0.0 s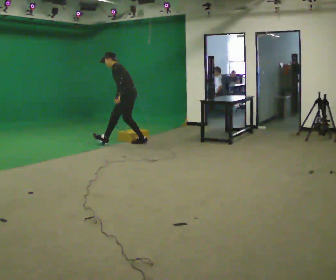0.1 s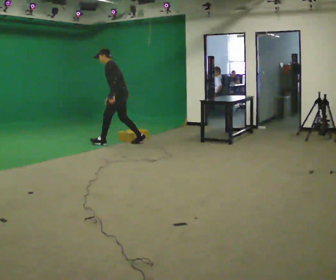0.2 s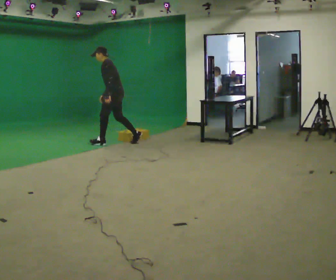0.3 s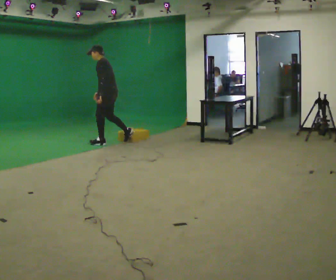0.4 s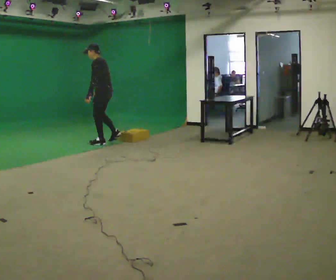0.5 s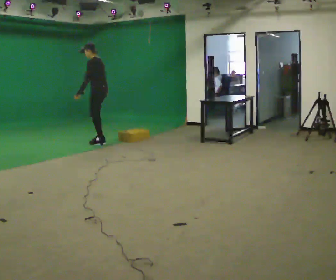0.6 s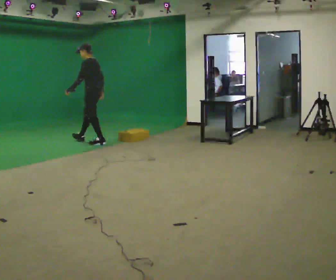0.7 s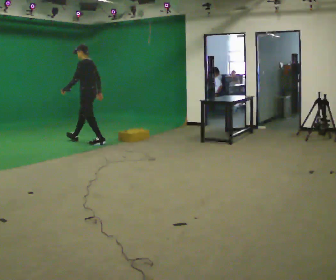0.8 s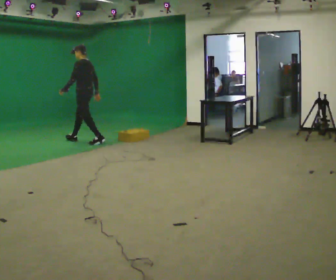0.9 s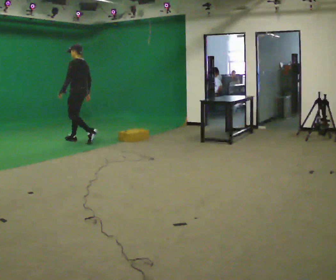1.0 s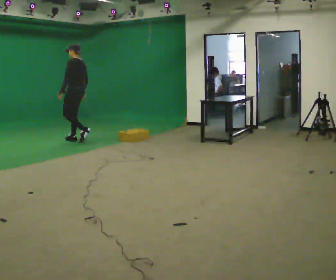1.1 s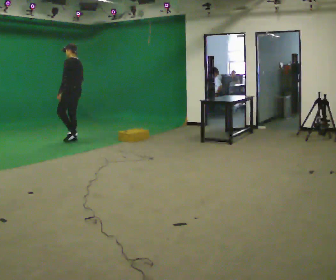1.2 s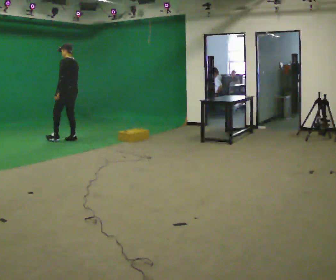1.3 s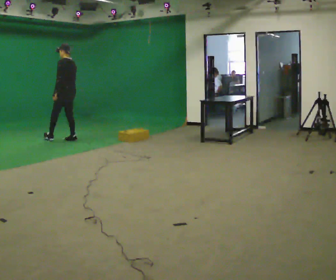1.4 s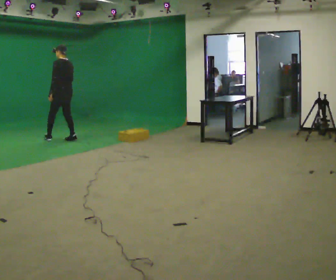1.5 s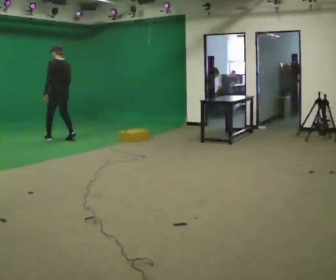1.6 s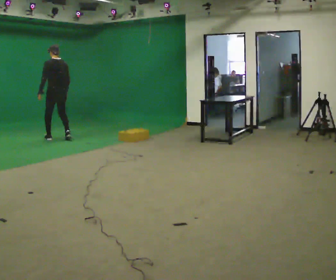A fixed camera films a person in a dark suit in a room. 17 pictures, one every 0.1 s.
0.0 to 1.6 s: The person turns about 45 degrees to their right, clockwise seen from above, so the part of the body nearest the lens slides to the left. In the picture they go to the left, about 1.5 m in 3 steps, which for them is forward. In the picture the upper body tilts clockwise, shoulders to the right, as they lean back or straighten.
The film runs forward here.
